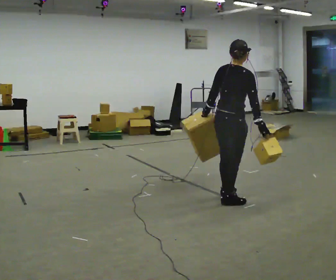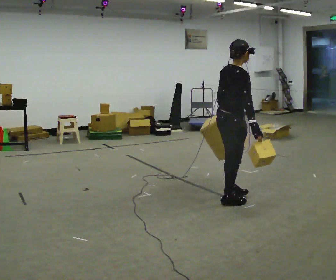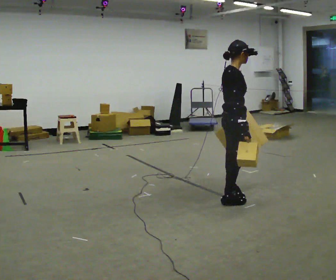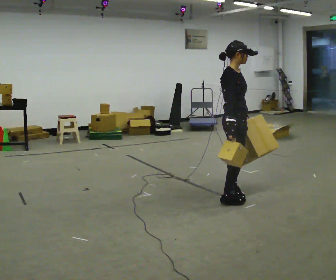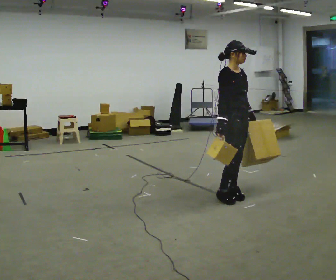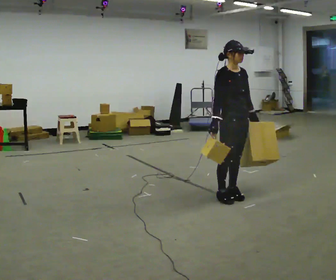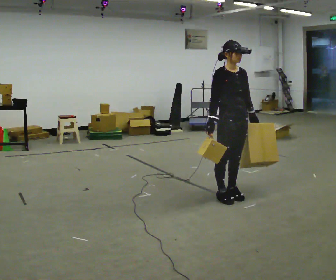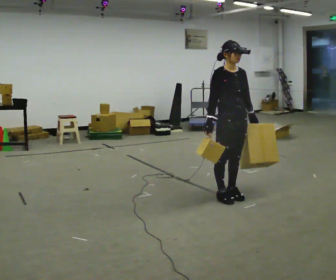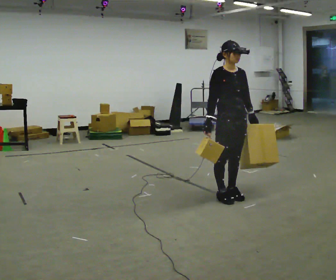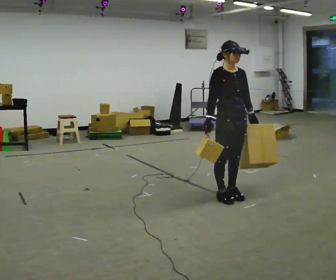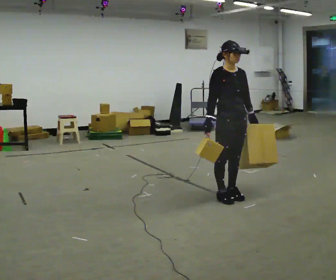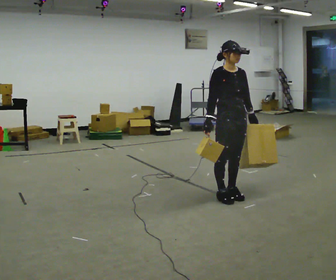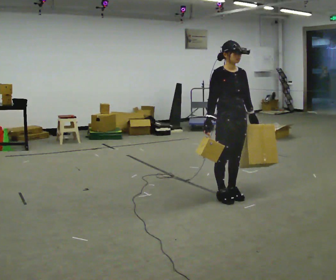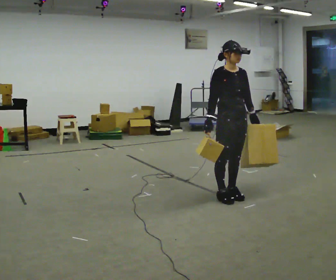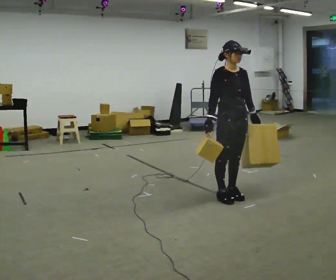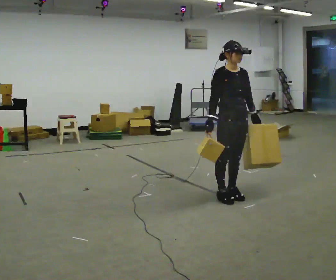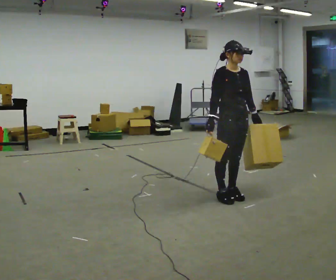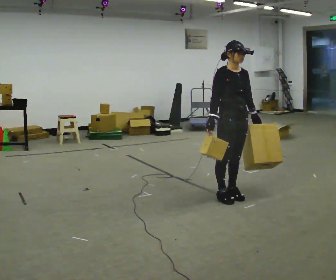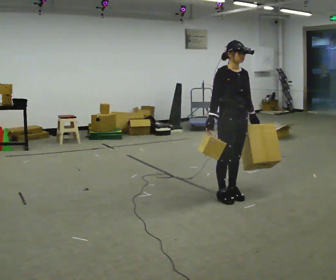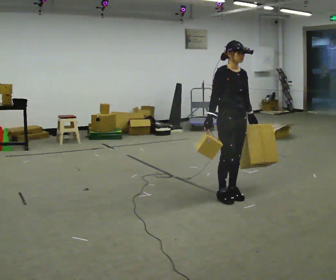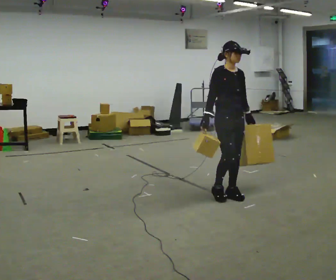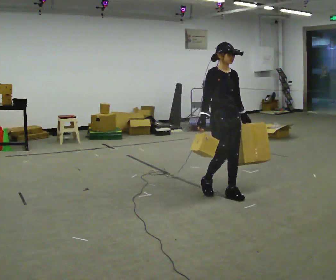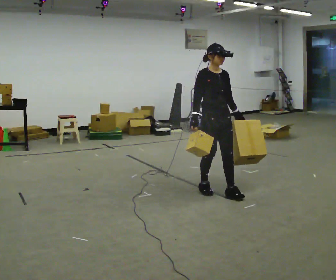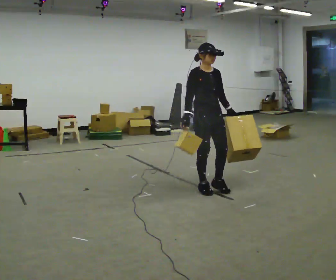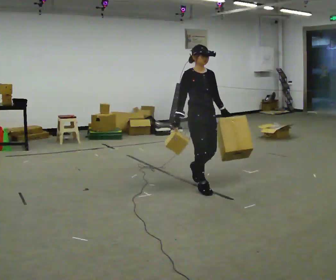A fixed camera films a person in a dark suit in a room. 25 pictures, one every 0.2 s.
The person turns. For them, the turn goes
to their right.
The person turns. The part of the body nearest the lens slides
to the left.
0.0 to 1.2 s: The person turns about 105 degrees to their right, clockwise seen from above, so the part of the body nearest the lens slides to the left. In the picture they go away from the camera, about 0.25 m in 1 step. In the picture their left hand goes to the right, the arm swinging counterclockwise.
1.2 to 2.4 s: The person keeps their place and pose.
2.4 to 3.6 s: The person moves a little, or ends about where they began.
3.6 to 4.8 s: In the picture they go to the left and away from the camera, about 0.5 m in 2 steps, which for them is backward.
The film runs backward here.
